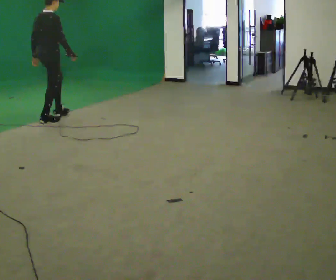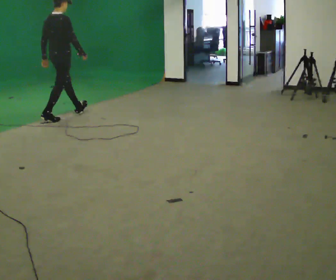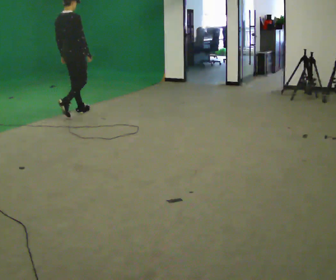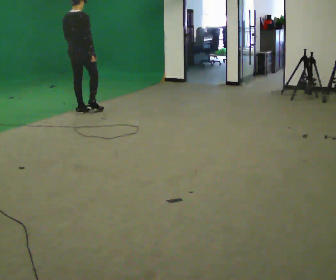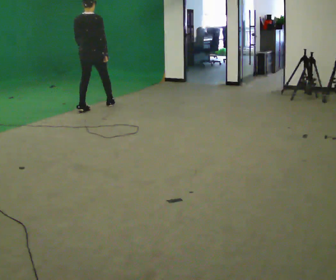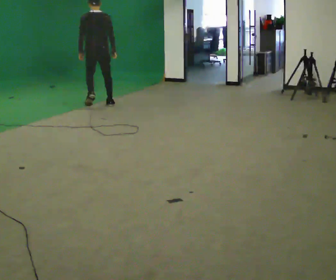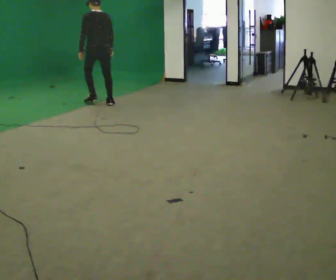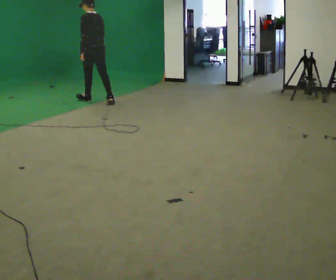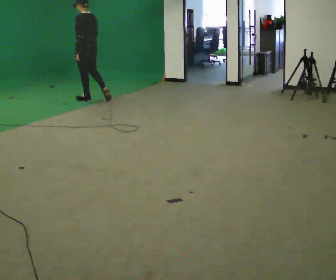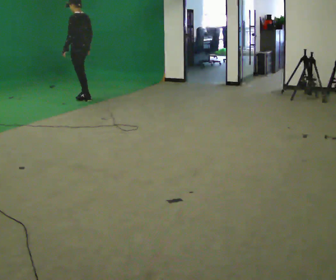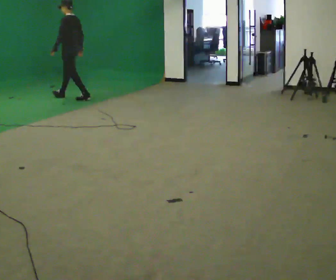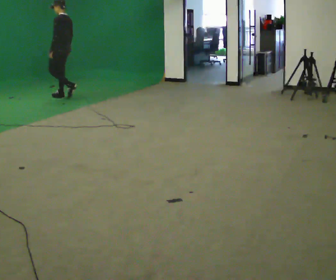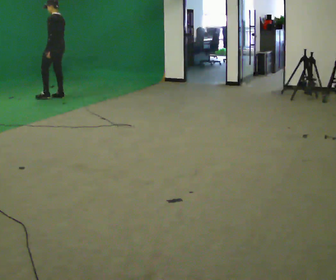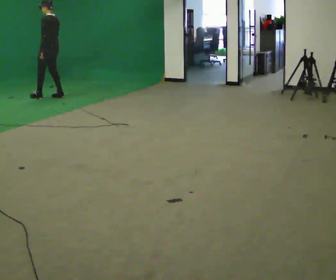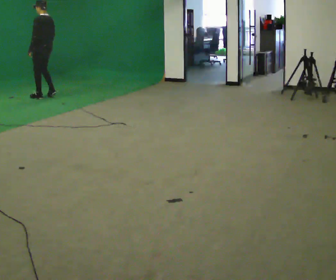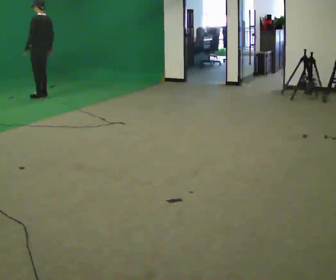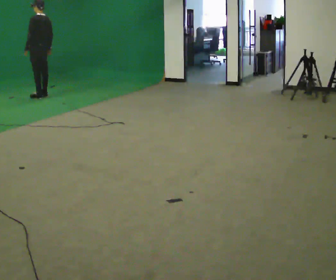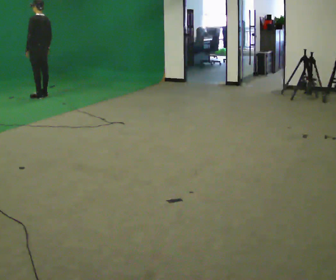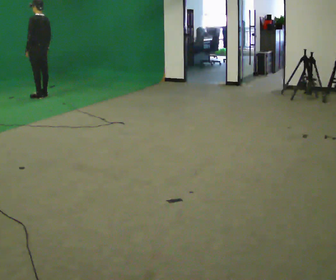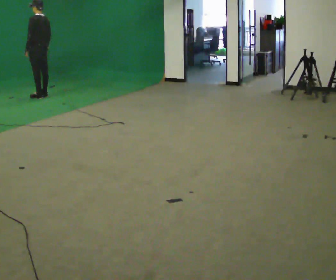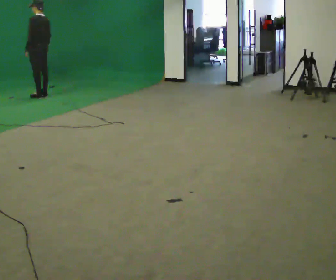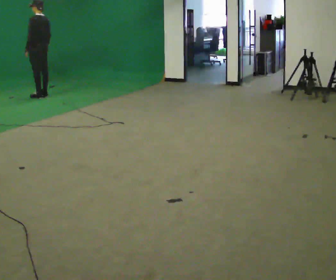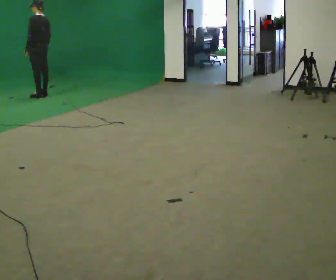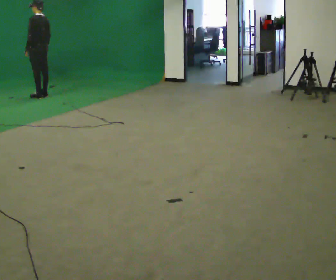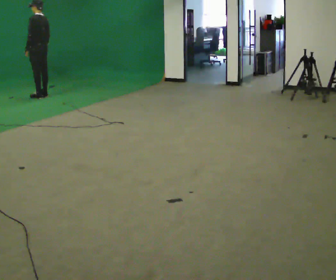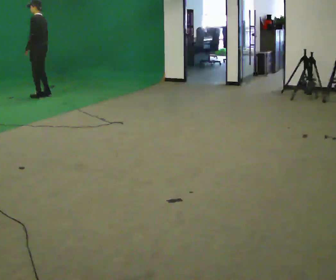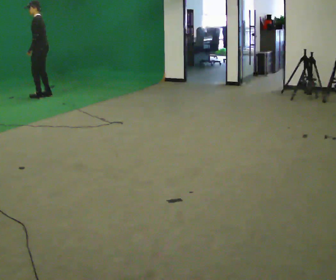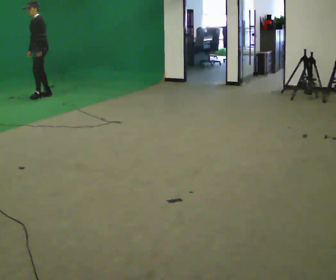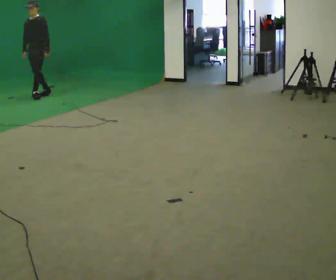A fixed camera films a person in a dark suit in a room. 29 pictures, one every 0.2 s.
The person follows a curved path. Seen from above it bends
counterclockwise.
The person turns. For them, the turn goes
to their left.
0.0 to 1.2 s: The part of the body nearest the lens slides to the right as the person turns to their left by about 75 degrees. In the picture they go away from the camera and to the right, about 1 m in 2 steps.
1.2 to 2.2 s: The part of the body nearest the lens slides to the right as the person turns to their left by about 45 degrees. In the picture they go away from the camera and to the left, about 1 m in 2 steps, which for them is forward.
2.2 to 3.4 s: In the picture they go to the left and away from the camera, about 0.5 m in 2 steps, which for them is forward.
3.4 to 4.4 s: The person moves a little, or ends about where they began.
4.4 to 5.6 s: Seen from above the body turns counterclockwise, about 105 degrees: to their left, with its near side sliding to the right. In the picture their left hand goes to the right, the arm swinging counterclockwise.
The film runs forward here.
